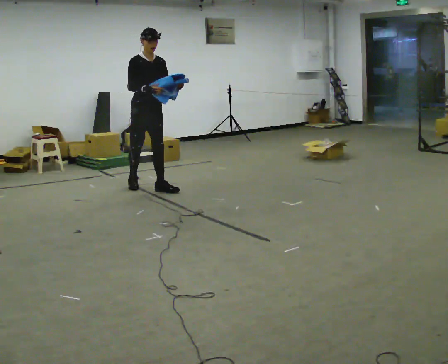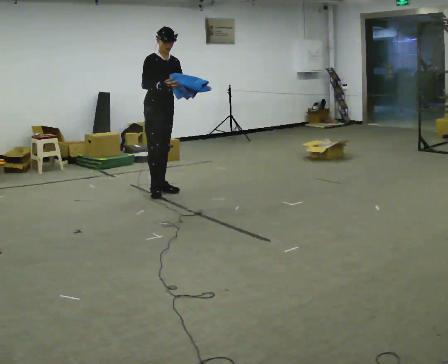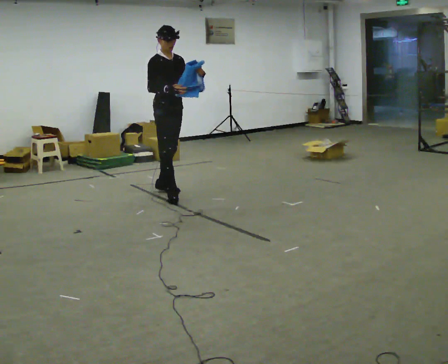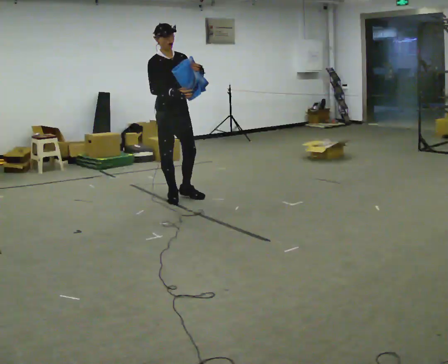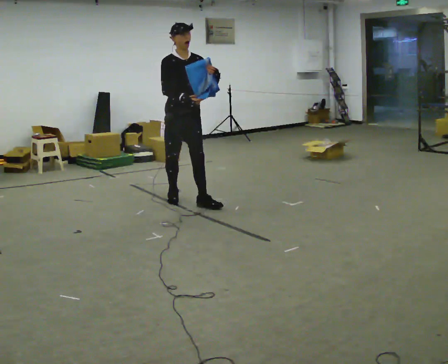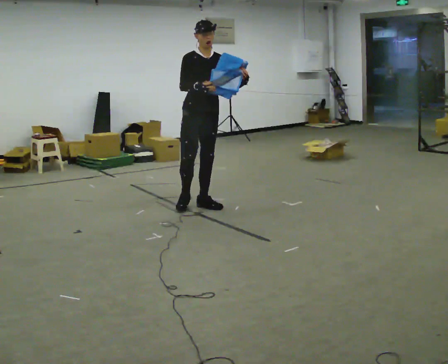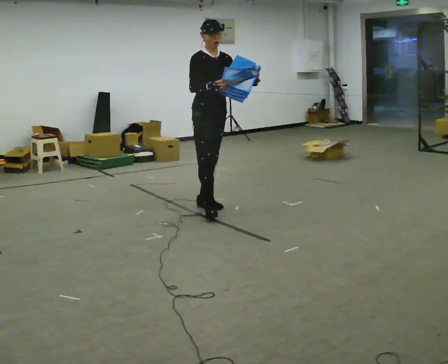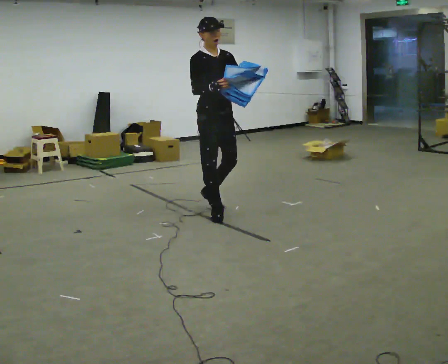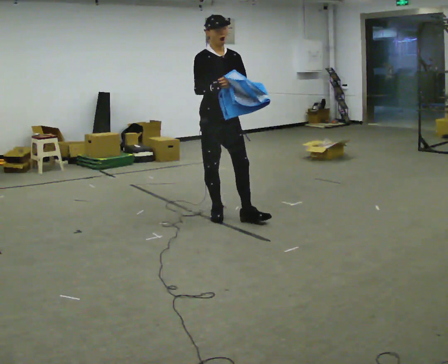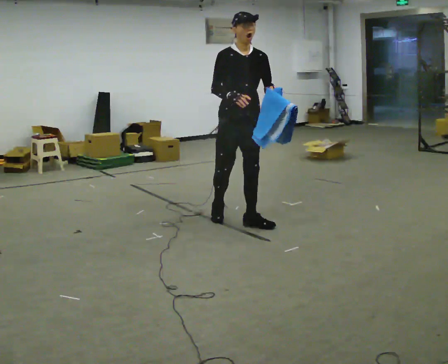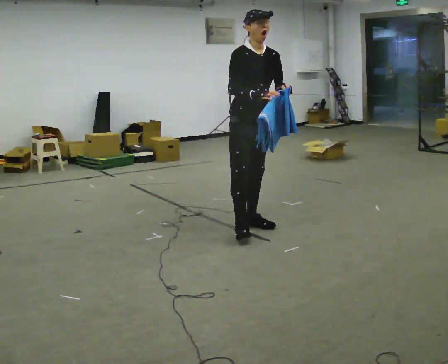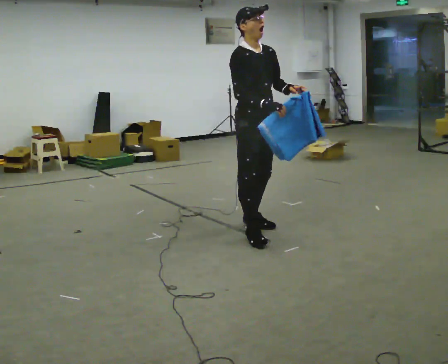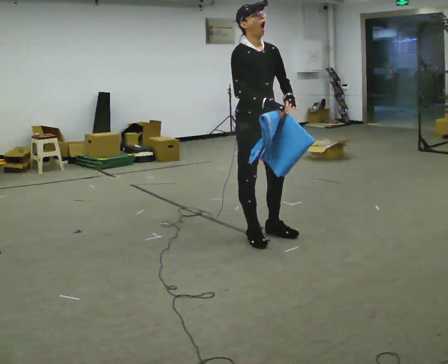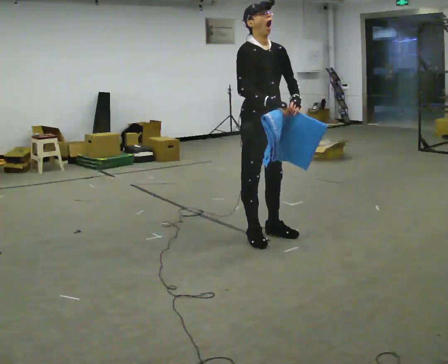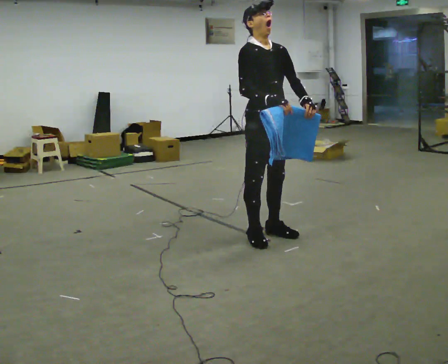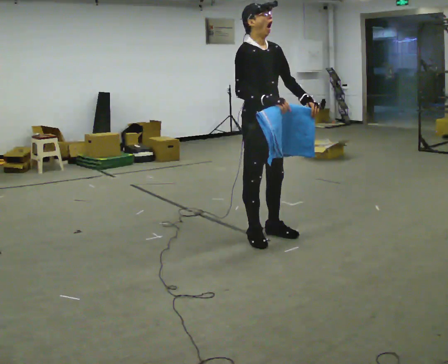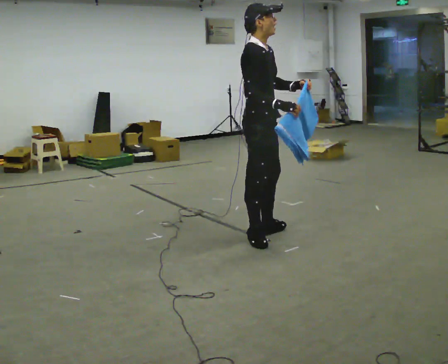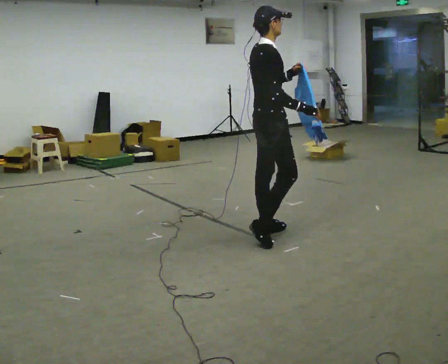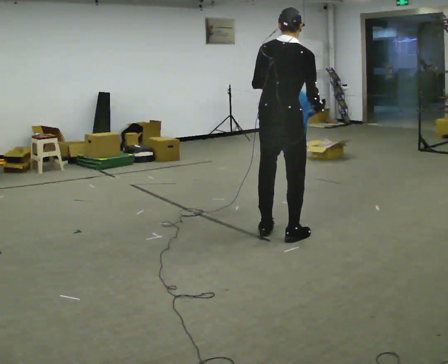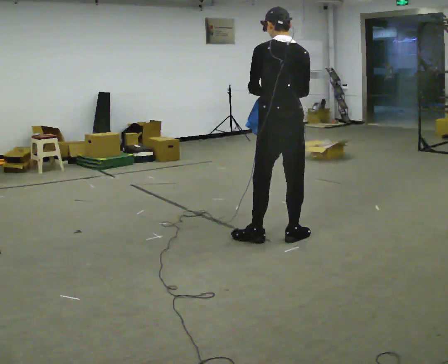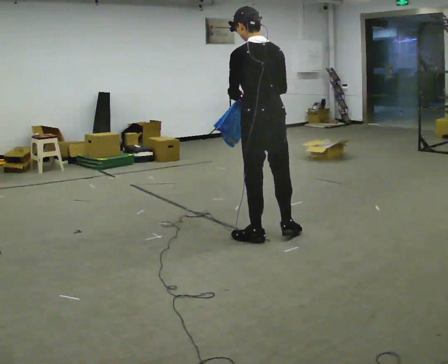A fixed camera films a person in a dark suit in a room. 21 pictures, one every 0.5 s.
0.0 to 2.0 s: In the picture they go to the right and toward the camera, about 0.5 m in 2 steps, which for them is forward.
2.0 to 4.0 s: In the picture they go to the right and toward the camera, about 0.5 m in 1 step, which for them is forward.
4.0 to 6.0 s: In the picture they go to the right and toward the camera, about 0.75 m in 3 steps, which for them is forward.
6.0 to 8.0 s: The part of the body nearest the lens slides to the right as the person turns to their left by about 30 degrees.
8.0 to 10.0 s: The person turns about 135 degrees to their left, counterclockwise seen from above, so the part of the body nearest the lens slides to the right. In the picture the upper body tilts counterclockwise, shoulders to the left.
The film runs forward here.
